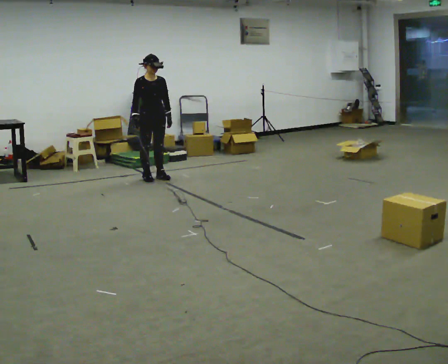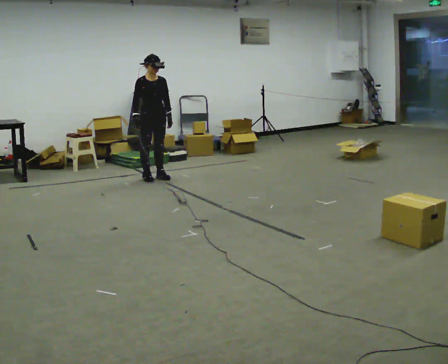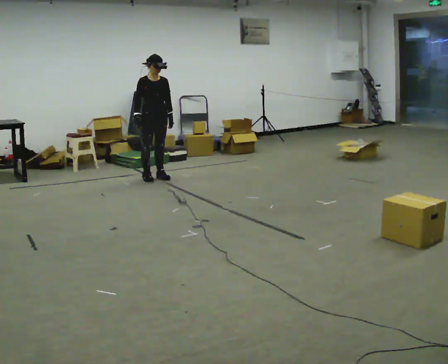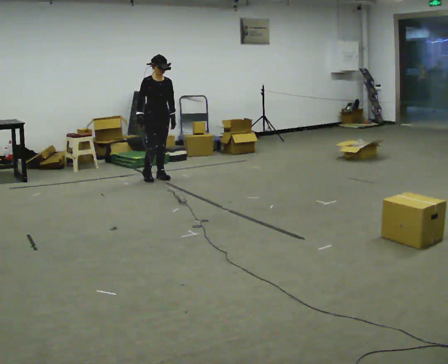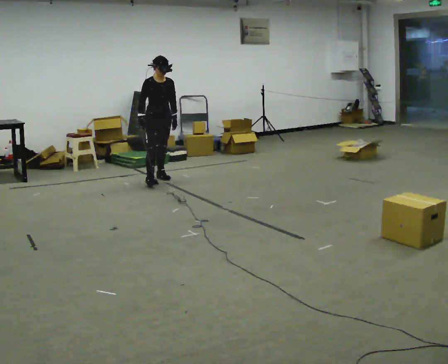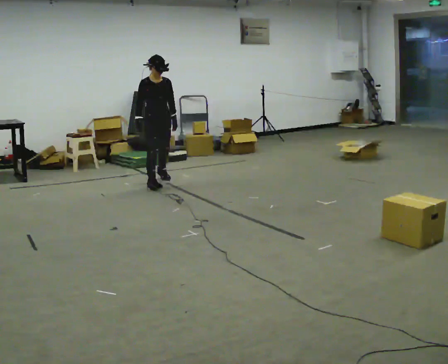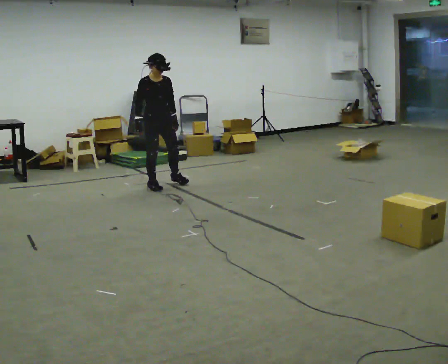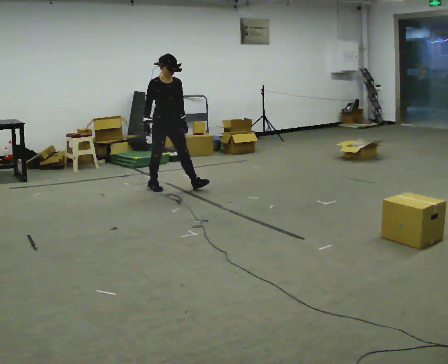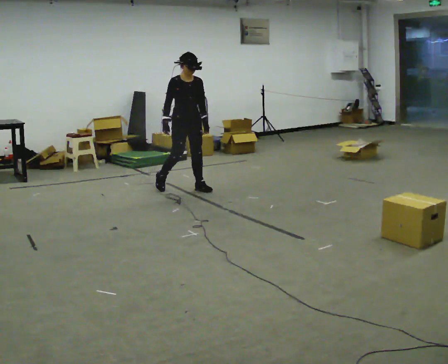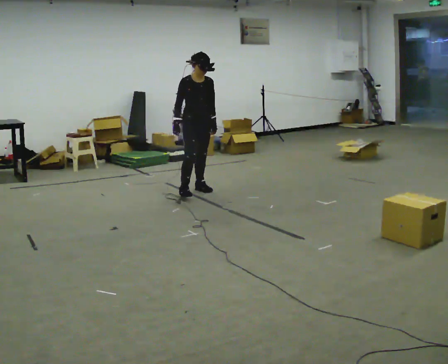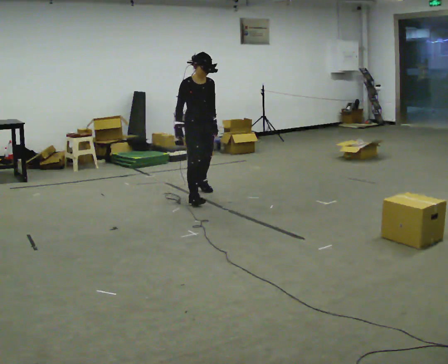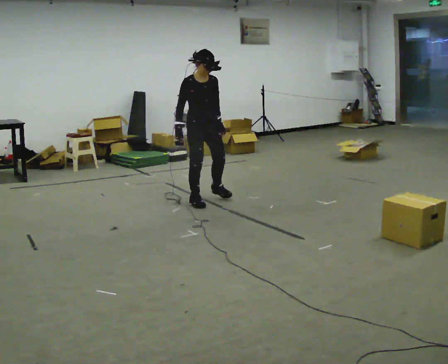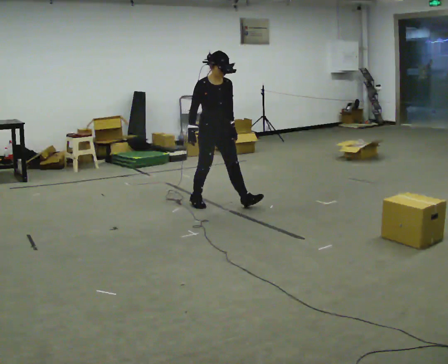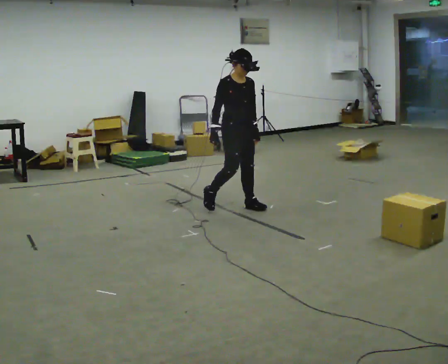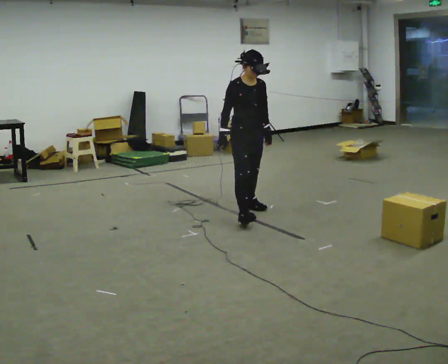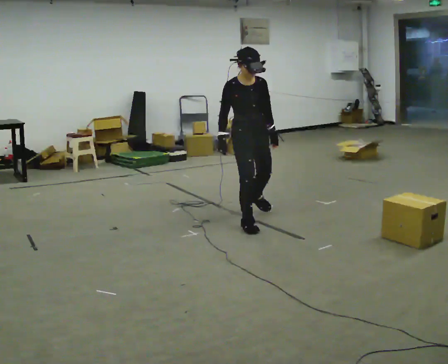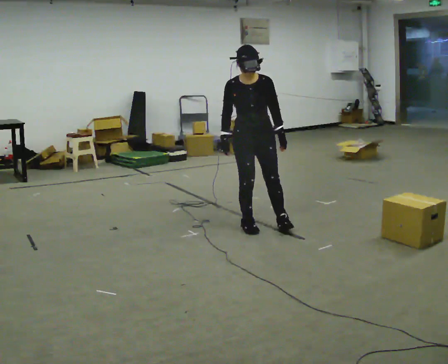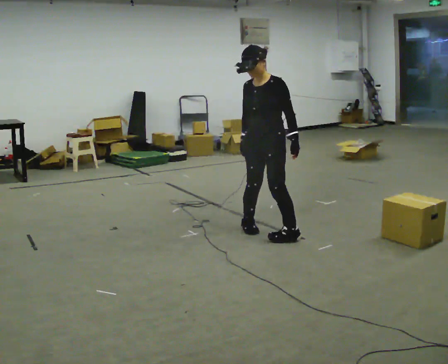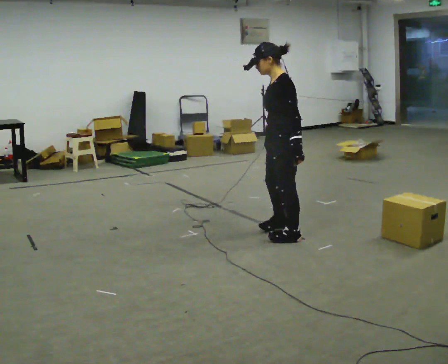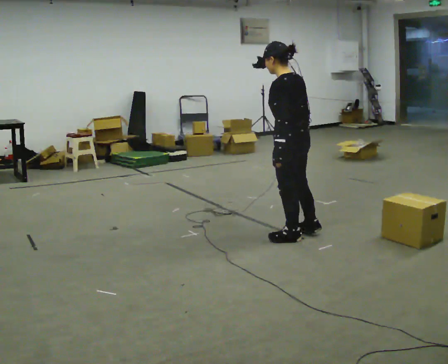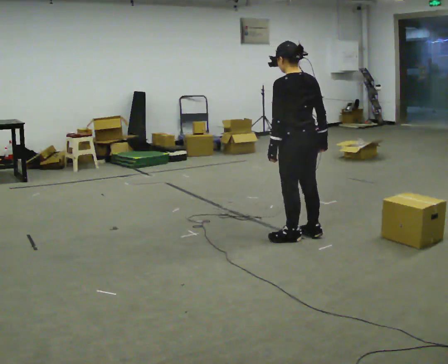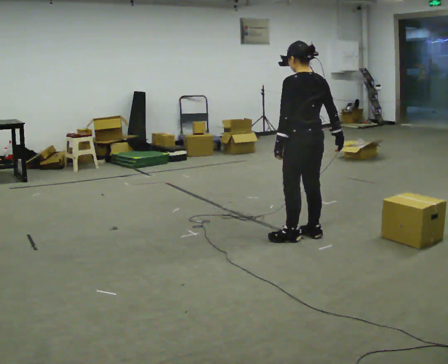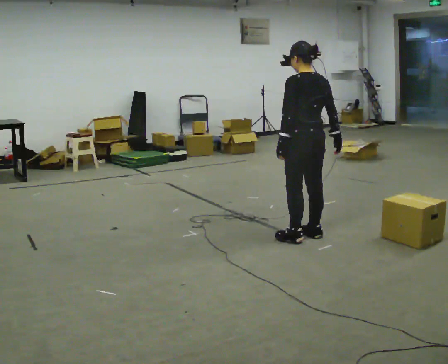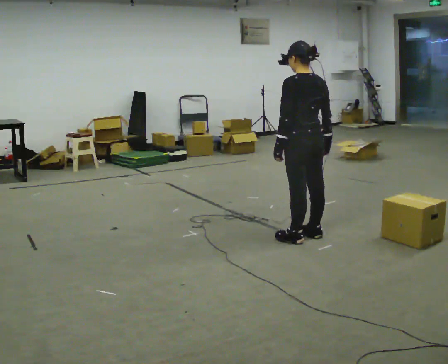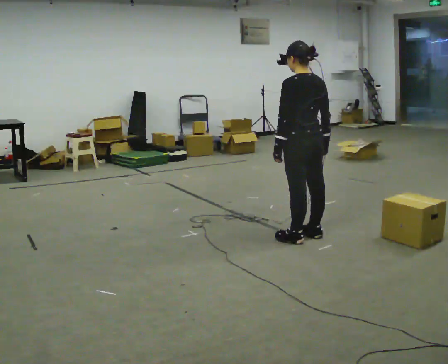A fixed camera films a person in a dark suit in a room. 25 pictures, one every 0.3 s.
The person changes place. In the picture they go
toward the camera.
0.0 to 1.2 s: The person moves a little, or ends about where they began.
1.2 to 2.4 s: In the picture they go toward the camera and to the right, about 0.75 m in 2 steps, which for them is forward.
2.4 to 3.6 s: In the picture they go toward the camera and to the right, about 0.5 m in 1 step, which for them is forward.
3.6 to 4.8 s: The person turns about 30 degrees to their right, clockwise seen from above, so the part of the body nearest the lens slides to the left. In the picture they go toward the camera and to the right, about 1 m in 2 steps, which for them is forward.
4.8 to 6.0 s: The person turns about 150 degrees to their right, clockwise seen from above, so the part of the body nearest the lens slides to the left. In the picture they go toward the camera and to the right, about 0.5 m in 2 steps.
6.0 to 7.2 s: The person moves a little, or ends about where they began.
The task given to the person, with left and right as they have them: Walk forward with your feet closer together than normal, or further apart than normal, as the operator states; stop.
The film runs forward here.
